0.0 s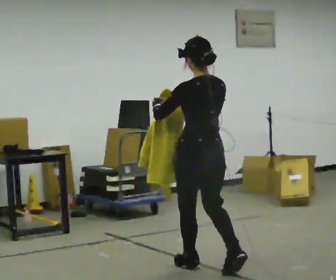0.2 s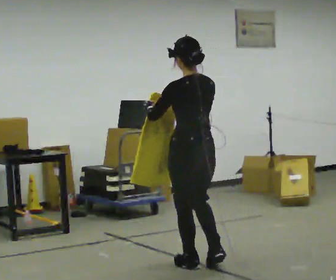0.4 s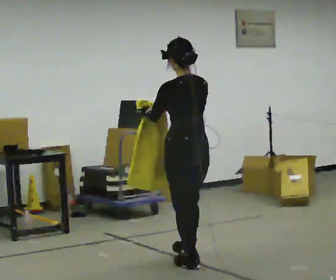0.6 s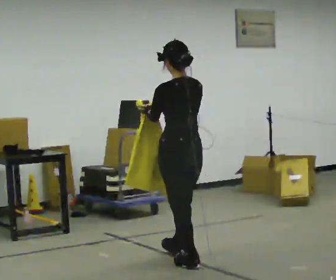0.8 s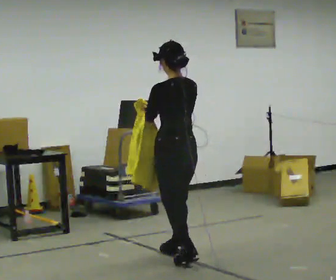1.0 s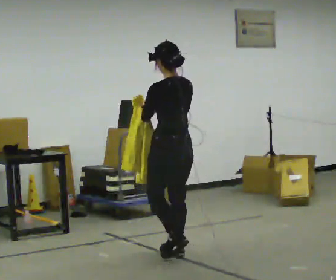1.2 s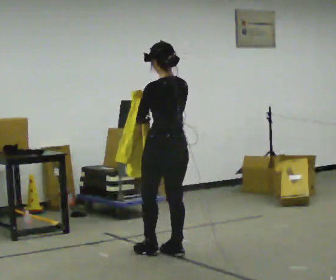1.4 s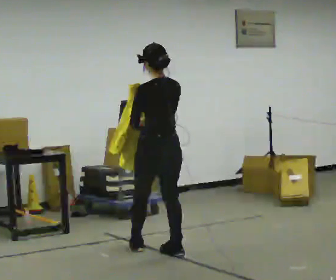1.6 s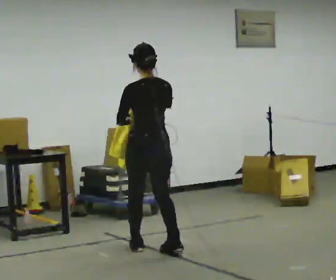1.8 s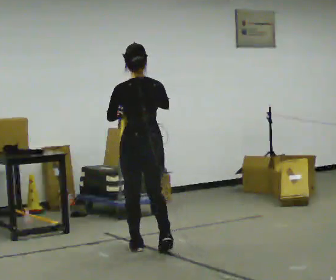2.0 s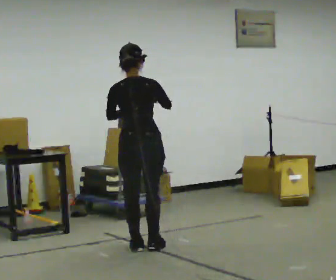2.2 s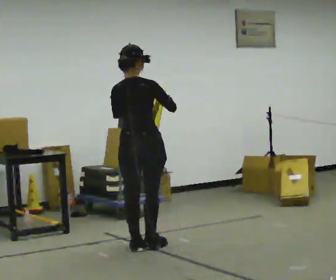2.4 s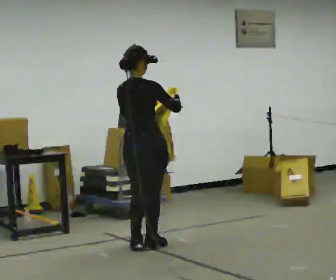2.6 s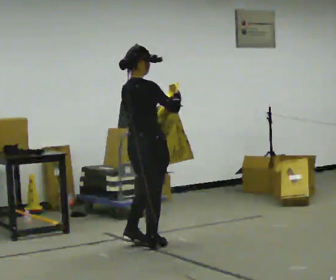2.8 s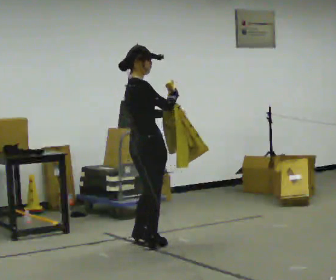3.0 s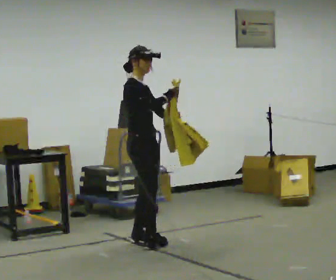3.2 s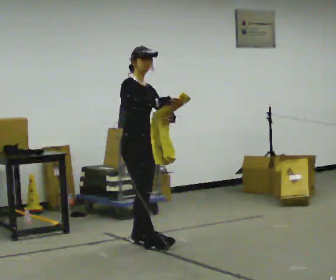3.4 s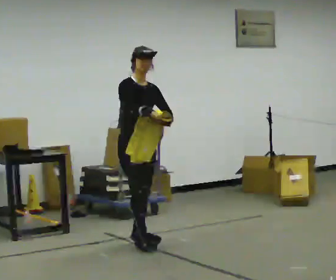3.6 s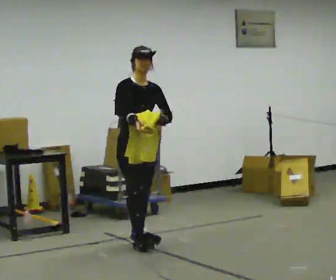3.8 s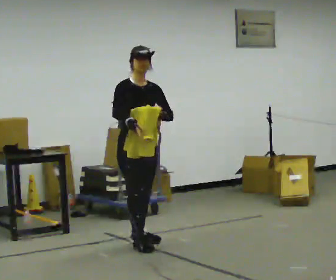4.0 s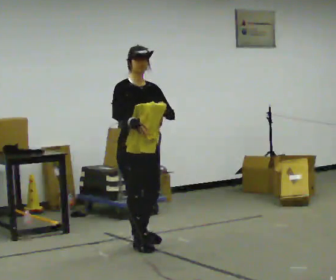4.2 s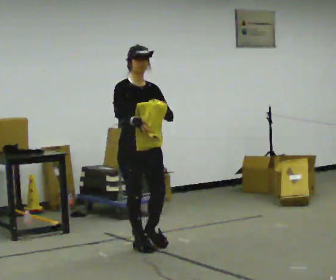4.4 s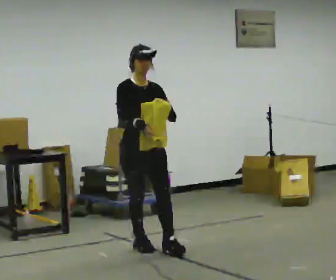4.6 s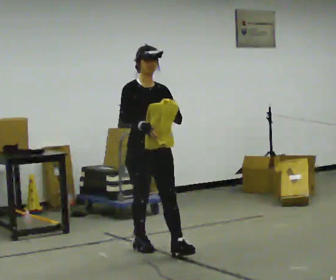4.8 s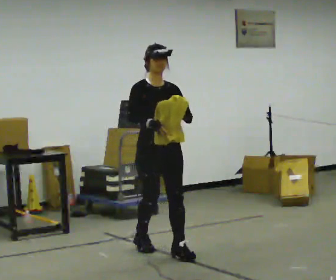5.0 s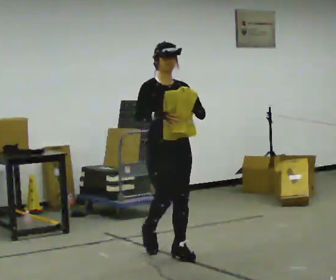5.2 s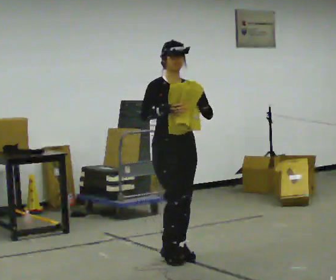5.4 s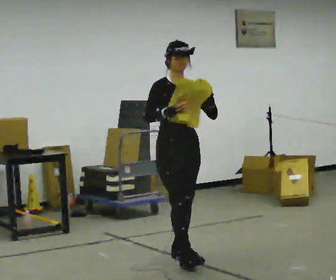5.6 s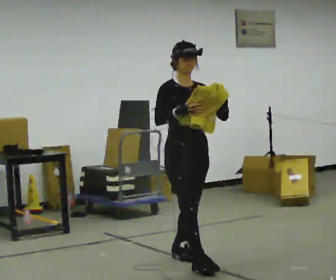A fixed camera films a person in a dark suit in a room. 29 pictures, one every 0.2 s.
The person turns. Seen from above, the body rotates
clockwise.
The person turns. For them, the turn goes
to their right.
0.0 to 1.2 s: In the picture they go away from the camera, about 0.5 m in 1 step, which for them is forward.
1.2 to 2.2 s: The person turns about 60 degrees to their right, clockwise seen from above, so the part of the body nearest the lens slides to the left. In the picture they go away from the camera and to the left, about 0.25 m in 2 steps, which for them is forward and to their left.
2.2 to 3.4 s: The part of the body nearest the lens slides to the left as the person turns to their right by about 120 degrees. In the picture they go away from the camera, about 0.25 m in 1 step.
3.4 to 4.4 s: In the picture they go toward the camera, about 0.25 m, which for them is forward.
4.4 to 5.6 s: In the picture they go toward the camera and to the right, about 0.75 m in 2 steps, which for them is forward.
The film runs forward here.
